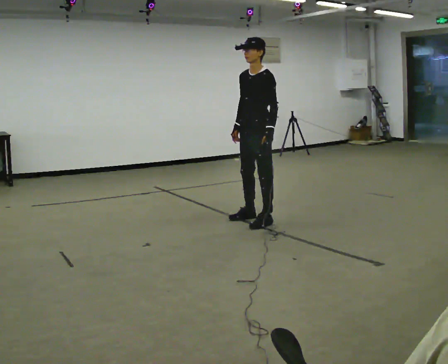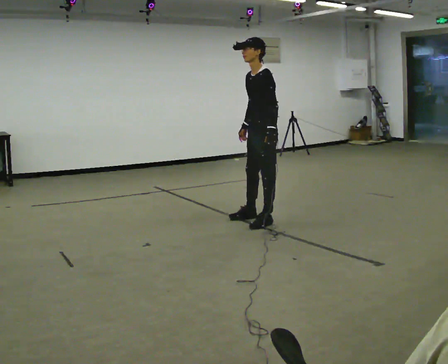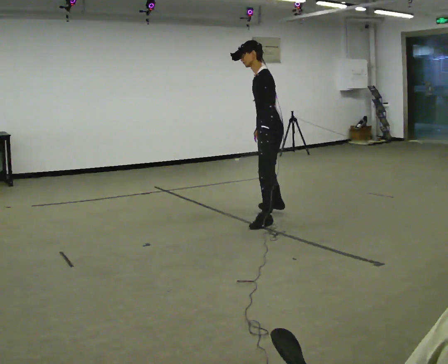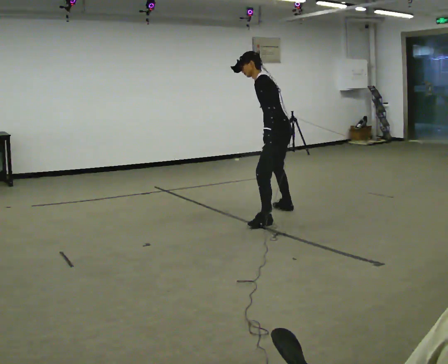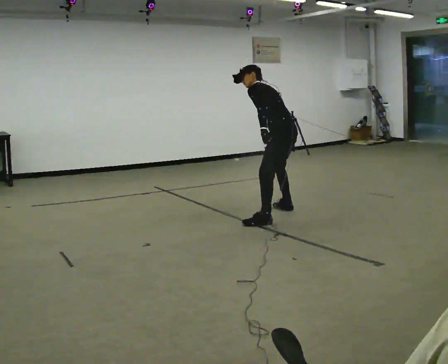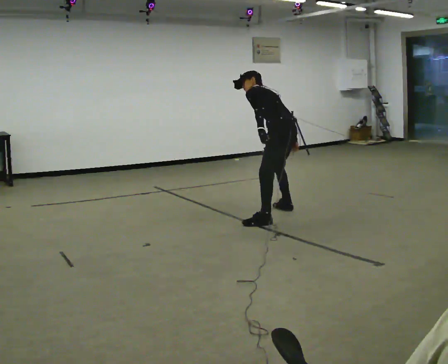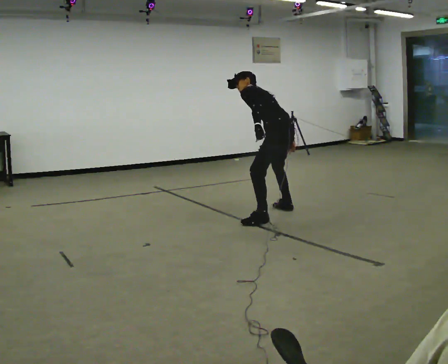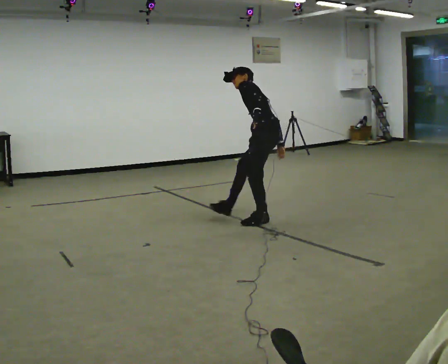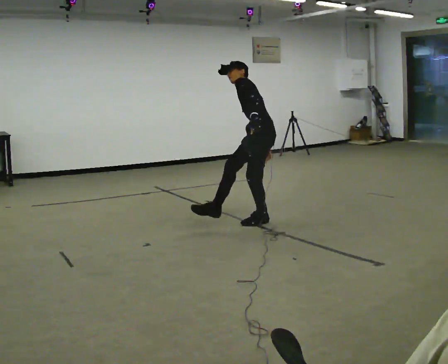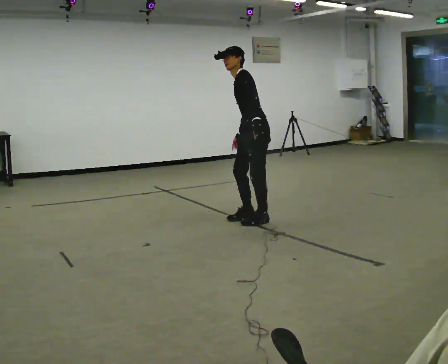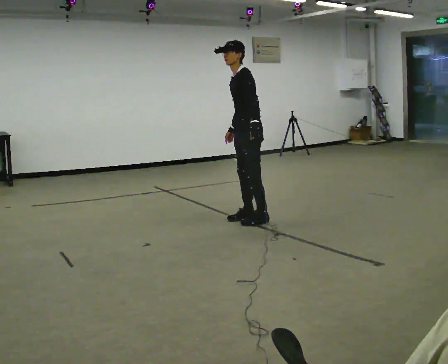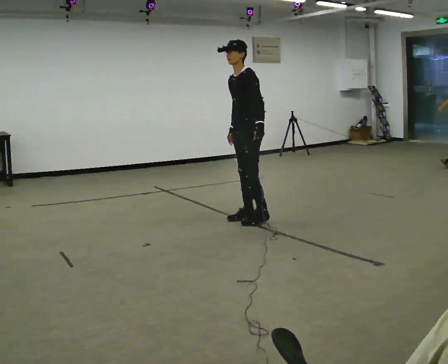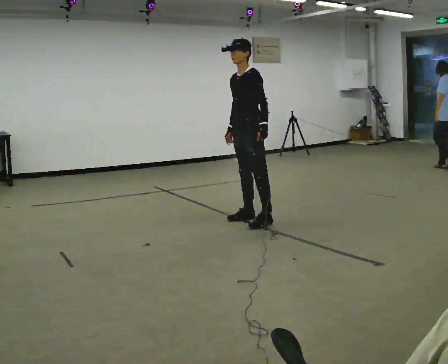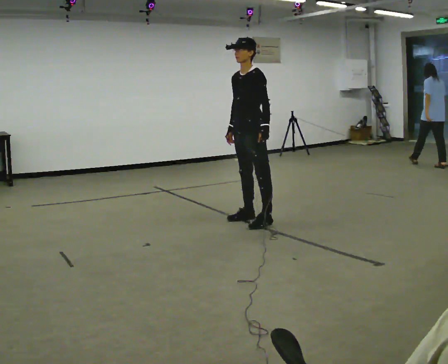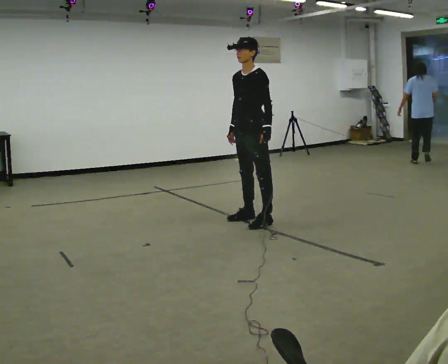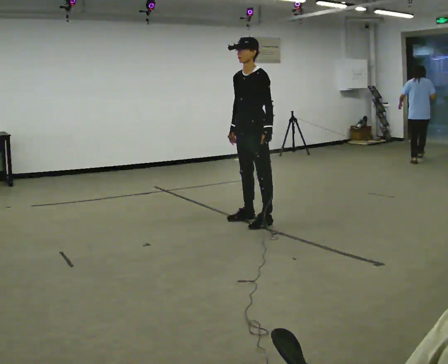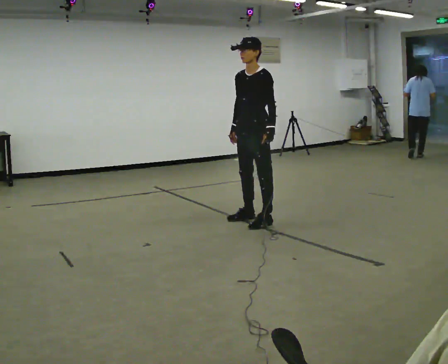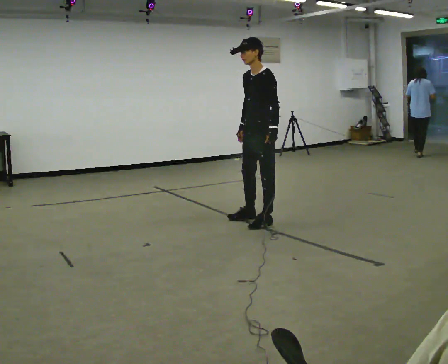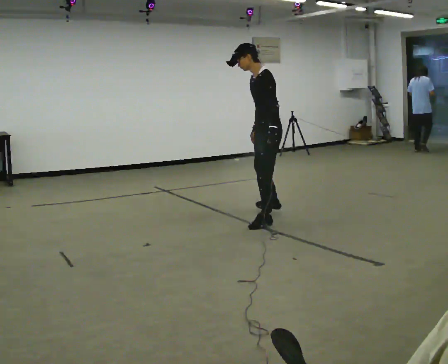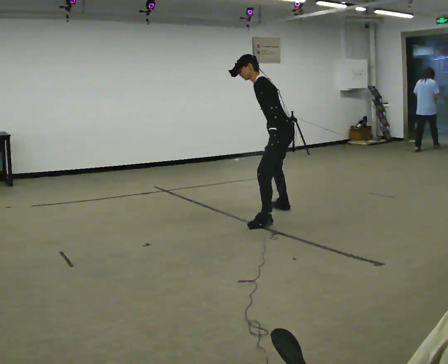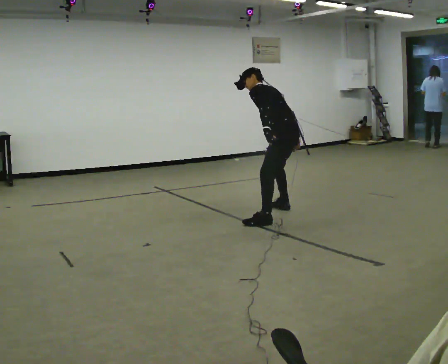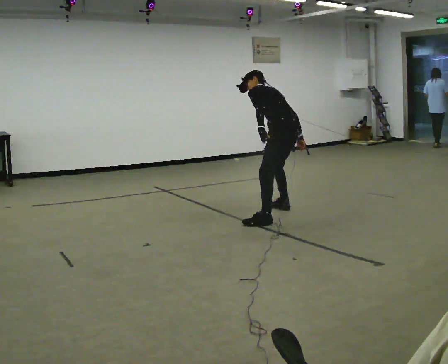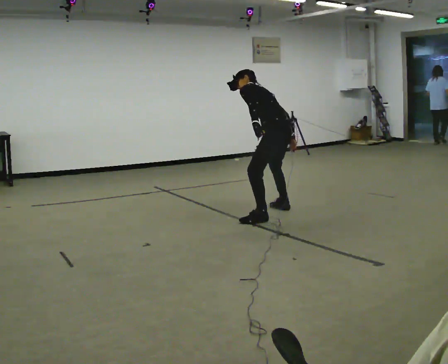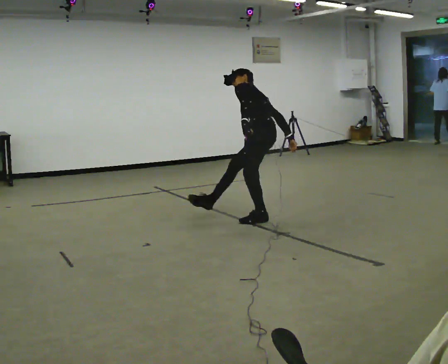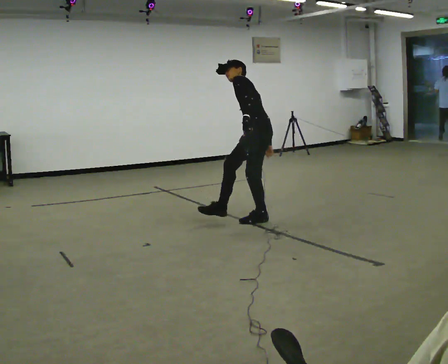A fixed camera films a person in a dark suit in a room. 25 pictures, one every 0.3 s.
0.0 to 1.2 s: The person turns about 75 degrees to their right, clockwise seen from above, so the part of the body nearest the lens slides to the left. In the picture they go to the right and away from the camera, about 0.25 m in 1 step. The upper body goes downward. The upper body tips away from the camera, its near side rolling upward, as they bend forward.
1.2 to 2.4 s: The part of the body nearest the lens slides to the right as the person turns to their left by about 30 degrees. In the picture they go toward the camera and to the left, about 0.25 m, which for them is to their left.
2.4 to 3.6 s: The person turns about 45 degrees to their left, counterclockwise seen from above, so the part of the body nearest the lens slides to the right. The upper body tips toward the camera, its near side rolling downward, as they lean back or straighten.
3.6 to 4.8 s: The person moves a little, or ends about where they began.
4.8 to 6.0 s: Seen from above the body turns clockwise, about 75 degrees: to their right, with its near side sliding to the left. In the picture they go to the right and away from the camera, about 0.5 m in 1 step. The upper body goes downward. The upper body tips away from the camera, its near side rolling upward, as they bend forward.
6.0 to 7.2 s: Seen from above the body turns counterclockwise, about 30 degrees: to their left, with its near side sliding to the right. In the picture they go to the left and toward the camera, about 0.25 m, which for them is to their left and forward.
The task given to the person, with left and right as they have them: Mime kicking a football with no ball: plant one foot and swing the other through. Repeat the movement at your own pace until the operator says stop; do not rush.
The film runs forward here.
